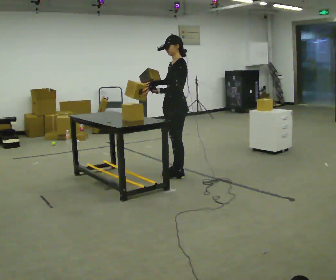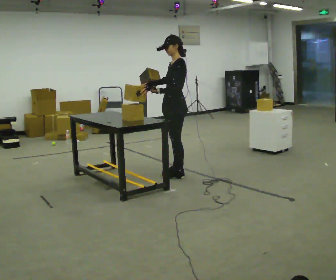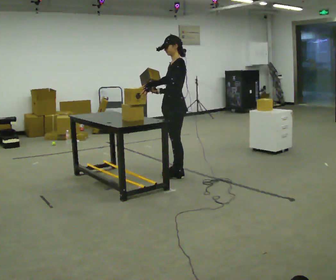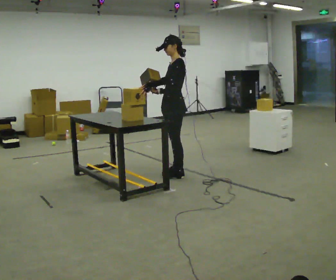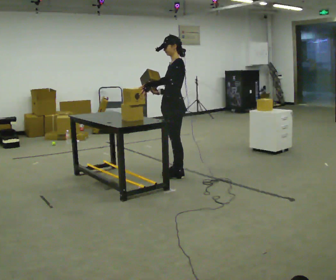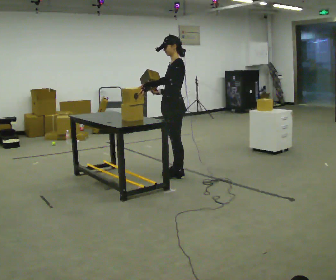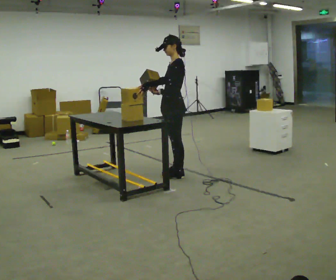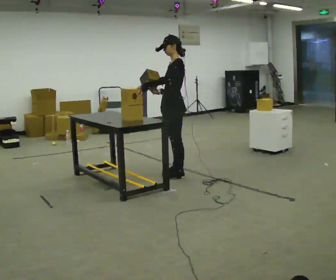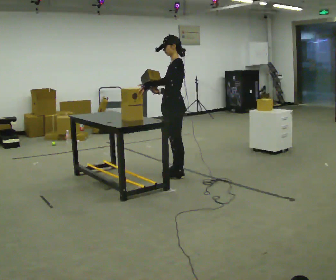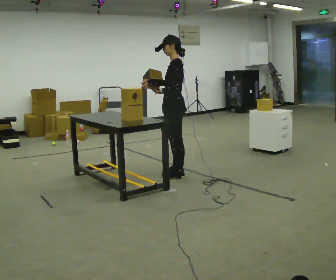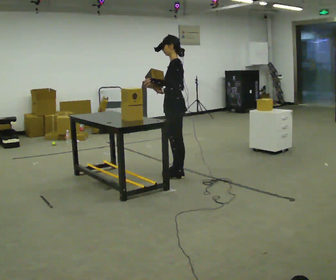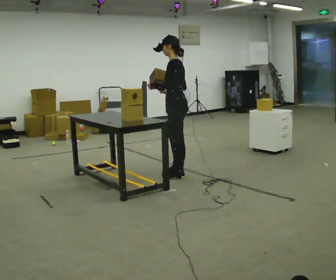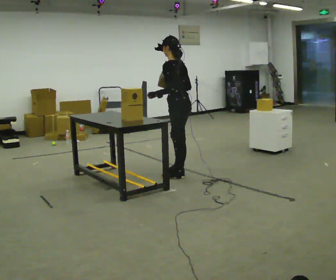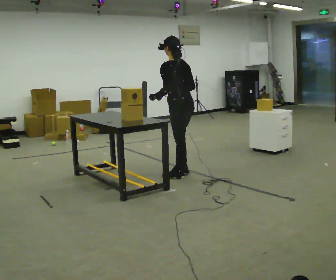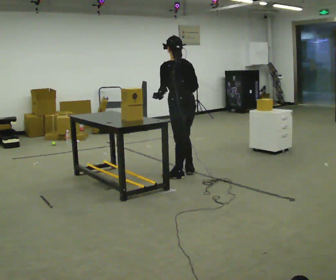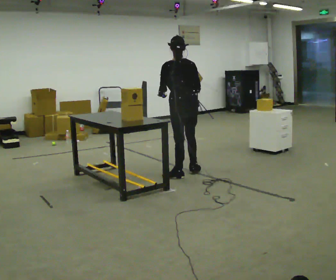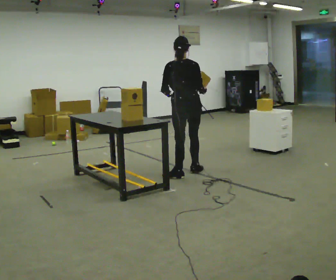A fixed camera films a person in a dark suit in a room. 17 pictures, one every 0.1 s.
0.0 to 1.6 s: Seen from above the body turns clockwise, about 105 degrees: to their right, with its near side sliding to the left.
The film runs forward here.
